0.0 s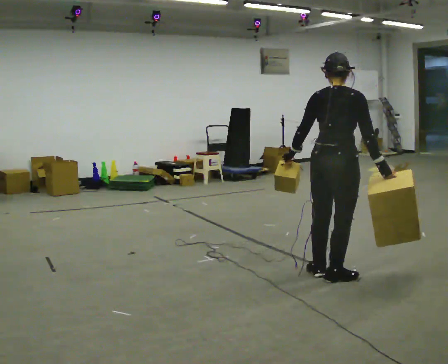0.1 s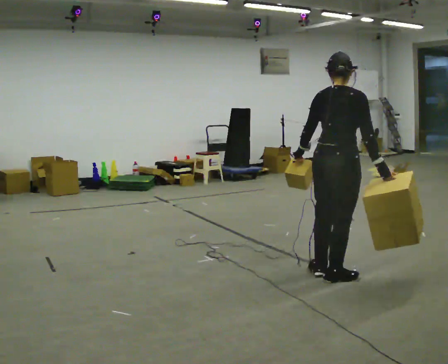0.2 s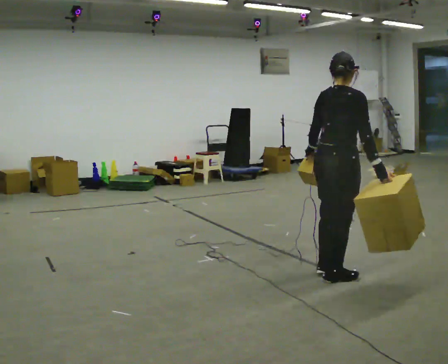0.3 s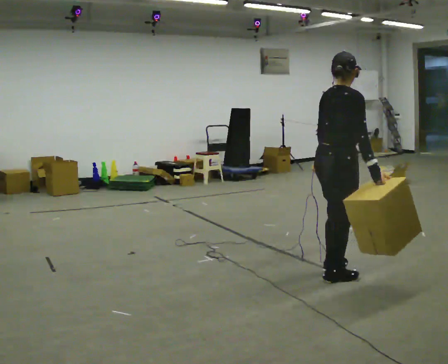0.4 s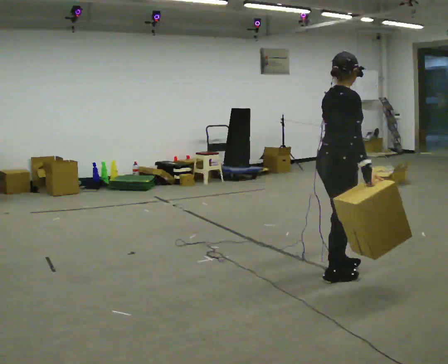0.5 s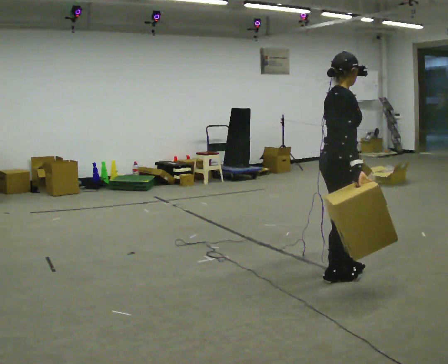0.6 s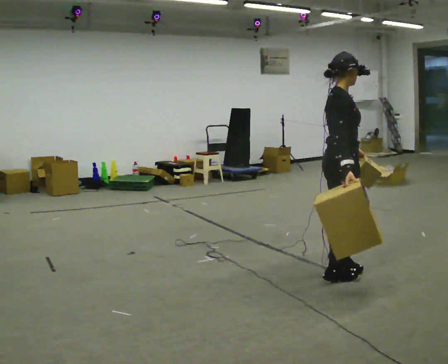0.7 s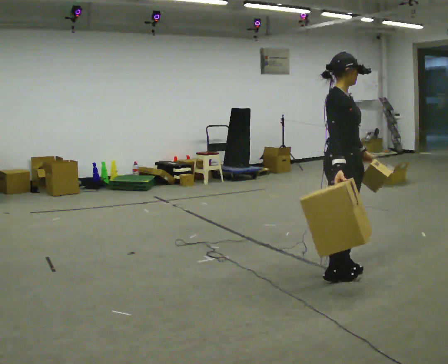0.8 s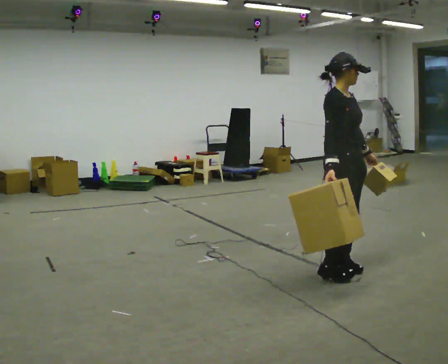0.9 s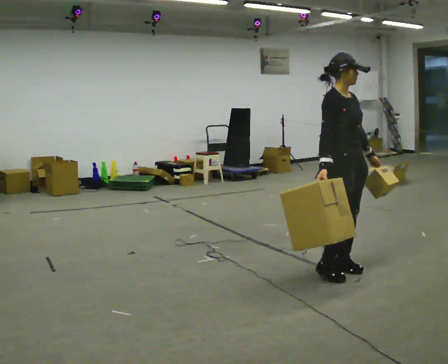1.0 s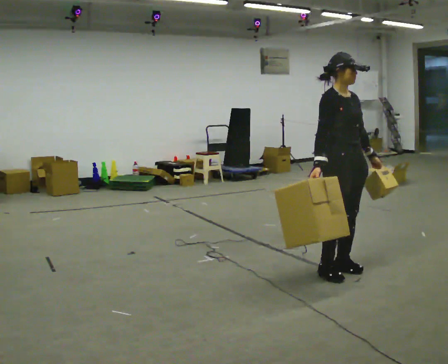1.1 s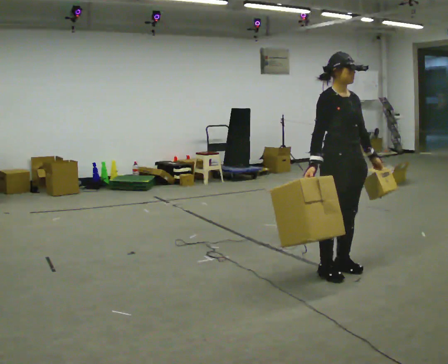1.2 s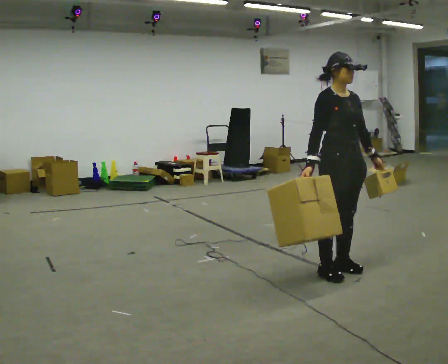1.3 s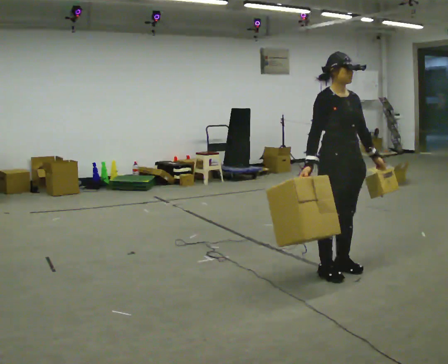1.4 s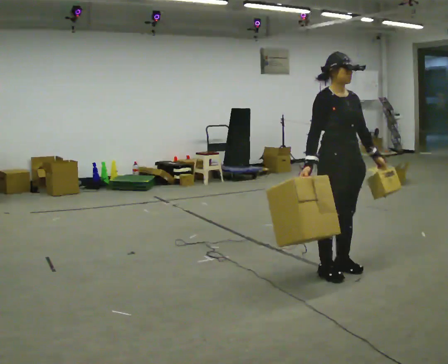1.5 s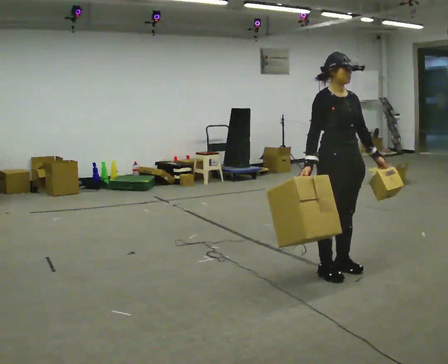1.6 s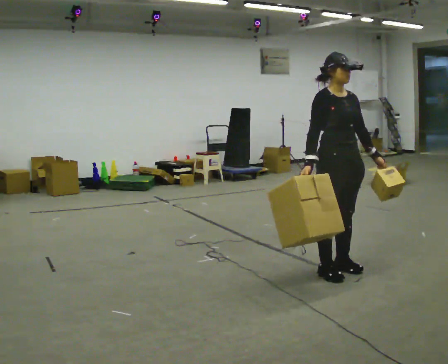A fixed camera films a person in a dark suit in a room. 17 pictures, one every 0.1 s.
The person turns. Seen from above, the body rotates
clockwise.
The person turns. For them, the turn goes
to their right.
0.0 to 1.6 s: The part of the body nearest the lens slides to the left as the person turns to their right by about 120 degrees. In the picture their left hand goes to the right, the arm swinging counterclockwise.
The film runs backward here.
